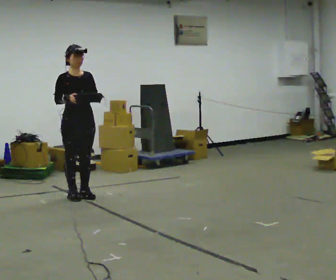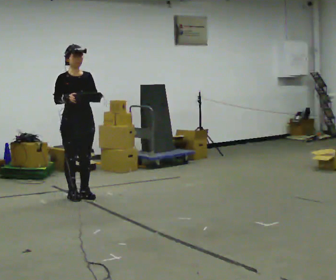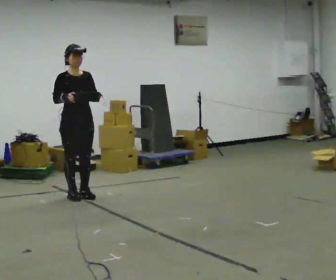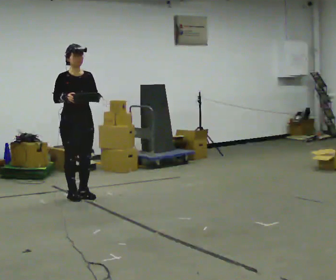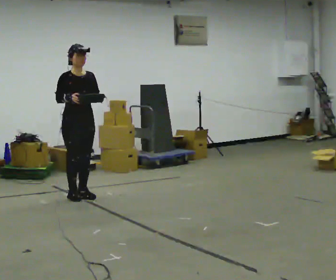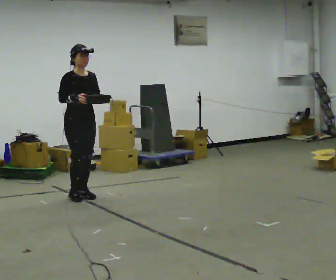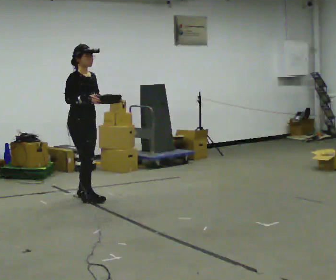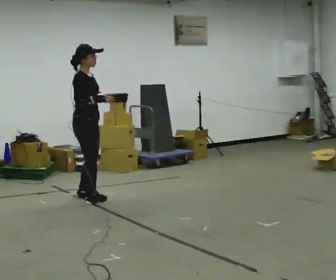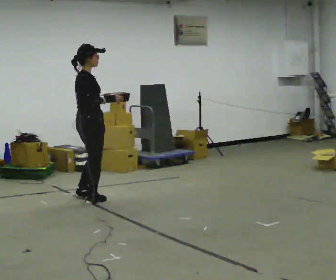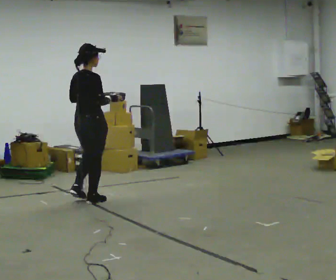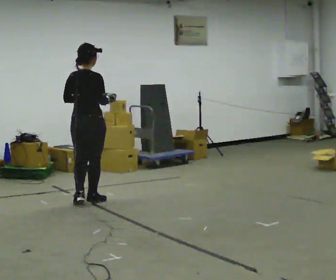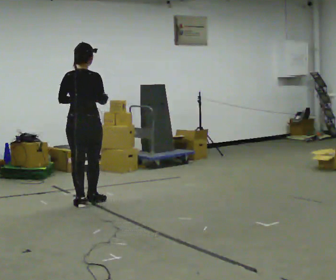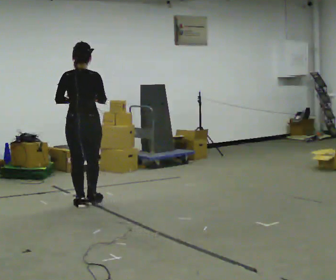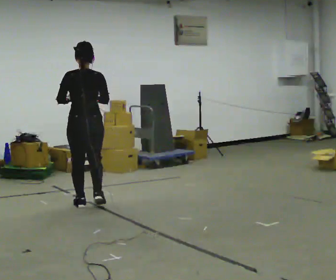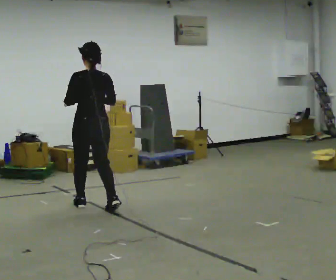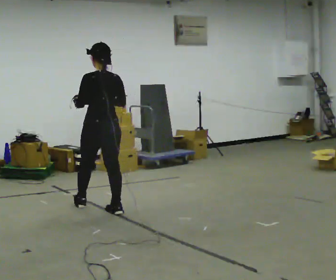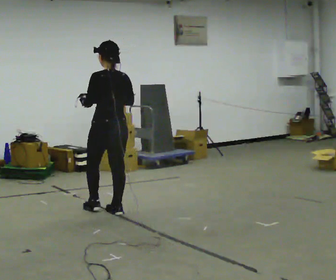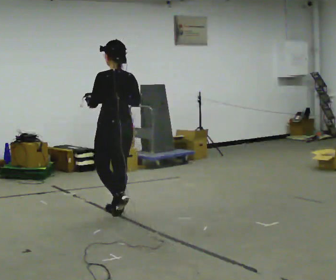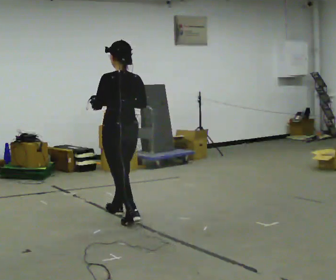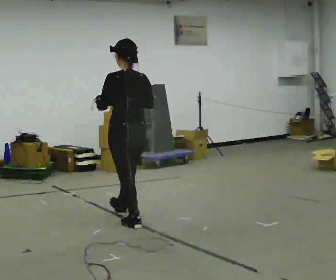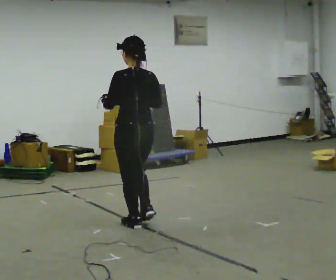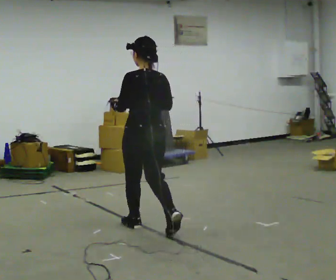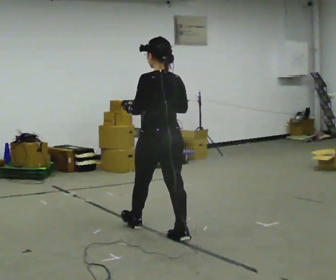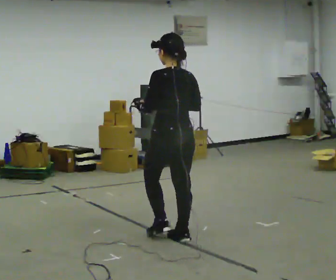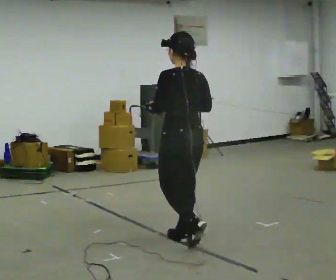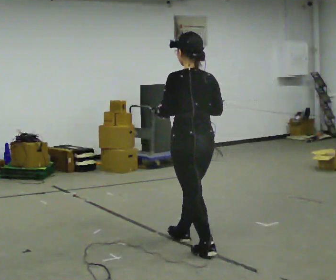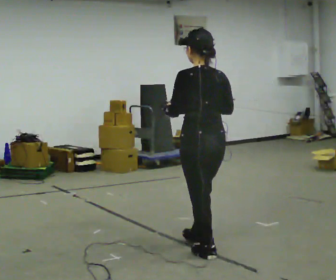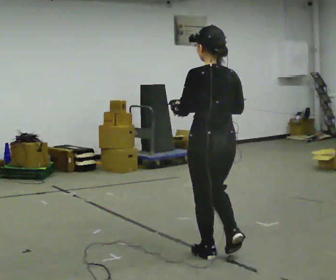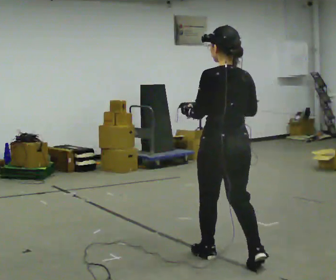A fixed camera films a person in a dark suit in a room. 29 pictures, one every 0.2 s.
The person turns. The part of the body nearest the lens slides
to the right.
The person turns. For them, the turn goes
to their left.
0.0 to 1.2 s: The part of the body nearest the lens slides to the right as the person turns to their left by about 30 degrees.
1.2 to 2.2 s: Seen from above the body turns counterclockwise, about 105 degrees: to their left, with its near side sliding to the right. In the picture they go toward the camera, about 0.25 m in 1 step.
2.2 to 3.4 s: Seen from above the body turns counterclockwise, about 45 degrees: to their left, with its near side sliding to the right. In the picture they go toward the camera and to the right, about 0.5 m in 2 steps, which for them is backward and to their right.
3.4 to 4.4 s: In the picture they go toward the camera and to the right, about 1 m in 2 steps, which for them is backward.
4.4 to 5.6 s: In the picture they go toward the camera and to the right, about 1 m in 1 step, which for them is backward.
The film runs backward here.
